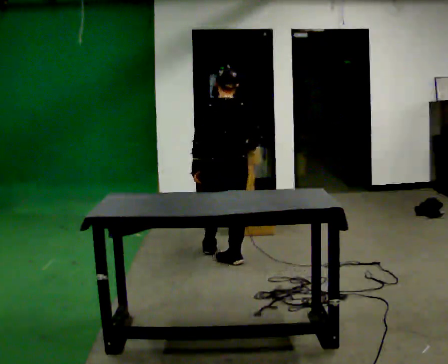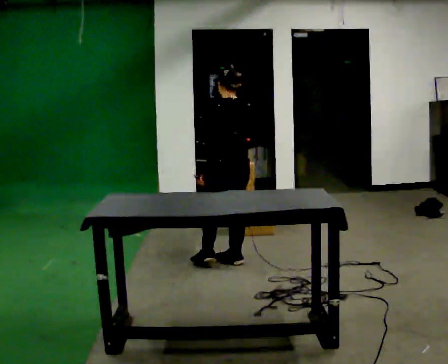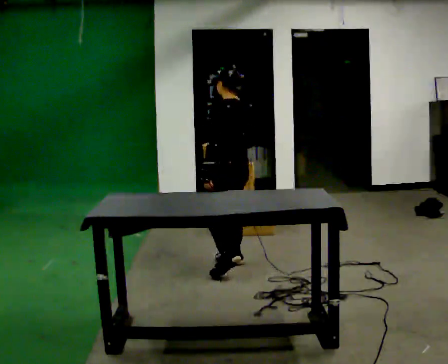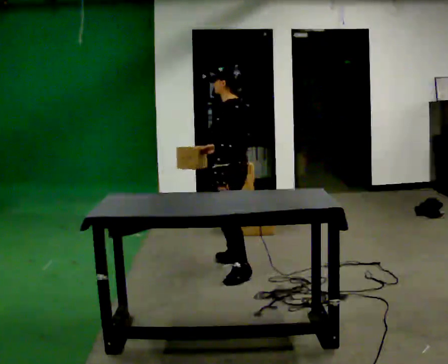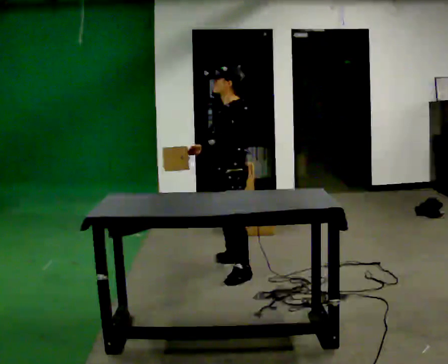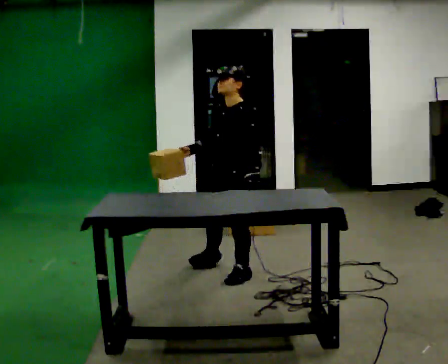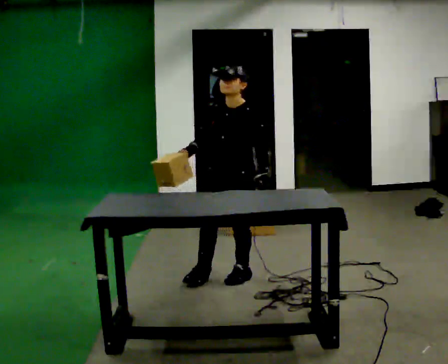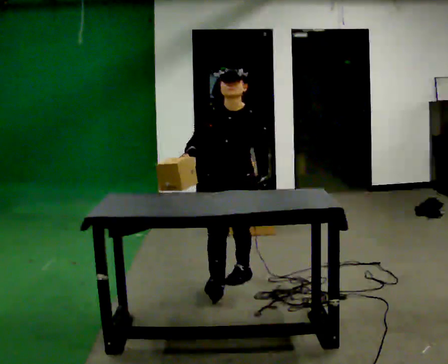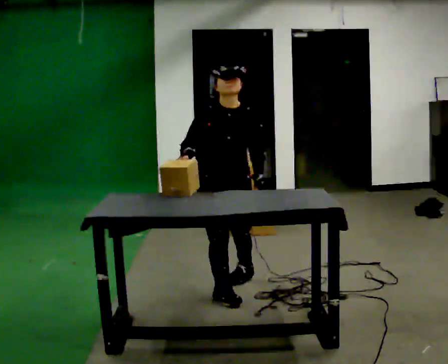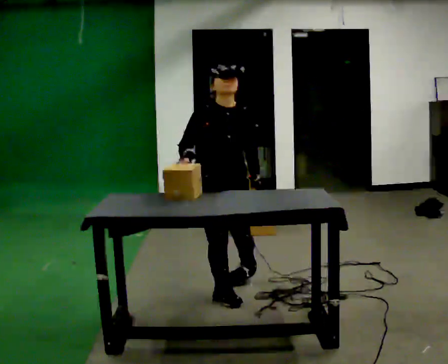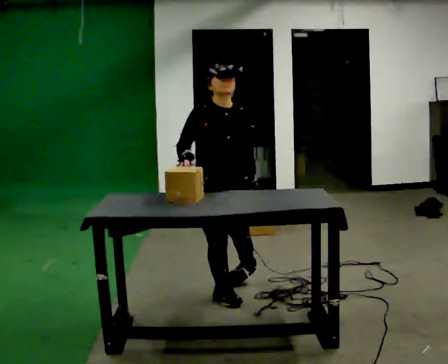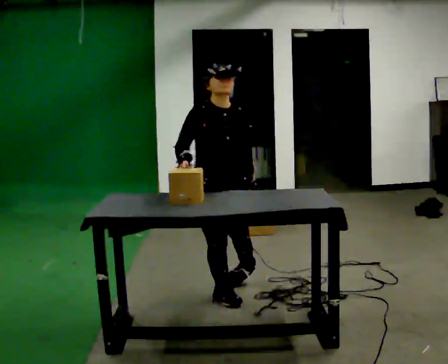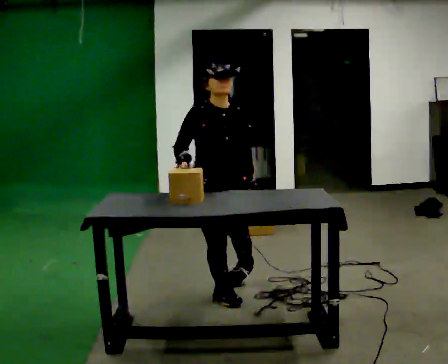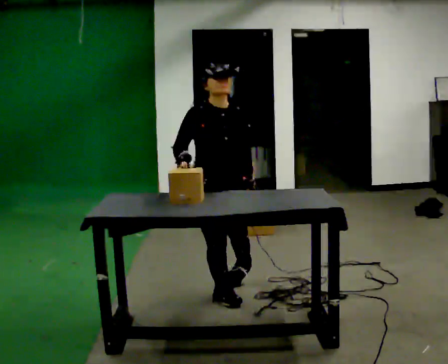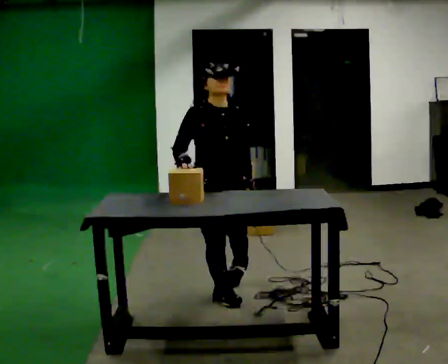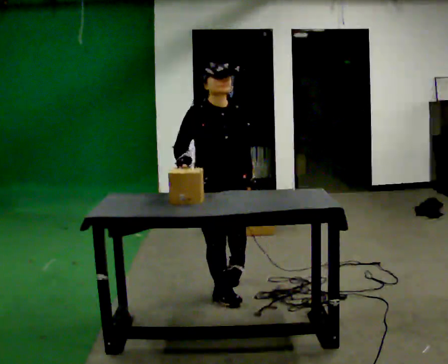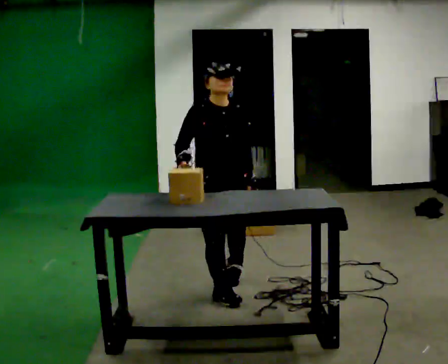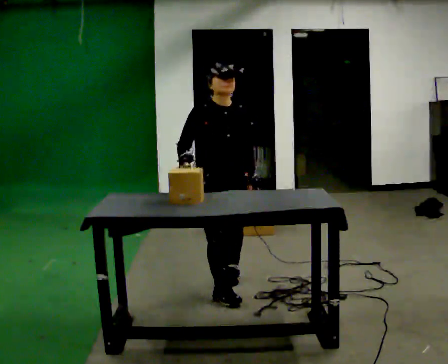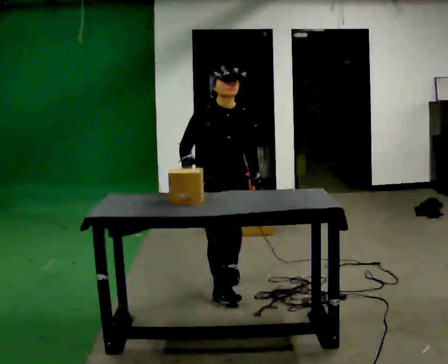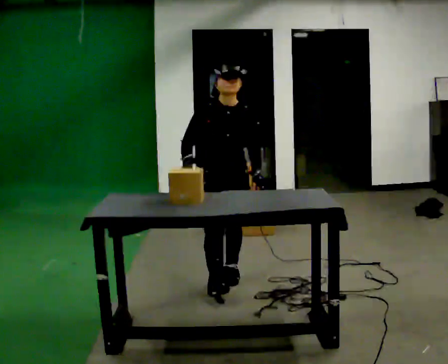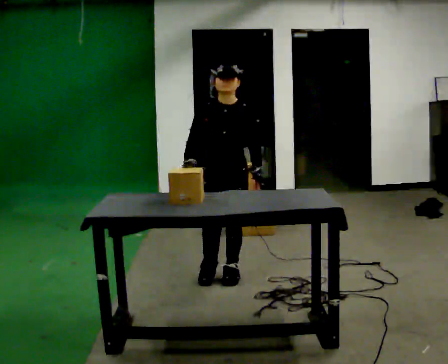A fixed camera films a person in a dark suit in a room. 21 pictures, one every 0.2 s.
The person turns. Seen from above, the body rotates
counterclockwise.
The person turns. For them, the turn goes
to their left.
0.0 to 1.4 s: Seen from above the body turns counterclockwise, about 165 degrees: to their left, with its near side sliding to the right. In the picture they go toward the camera, about 0.5 m in 1 step.
1.4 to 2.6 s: The person turns about 45 degrees to their left, counterclockwise seen from above, so the part of the body nearest the lens slides to the right. In the picture they go toward the camera, about 0.25 m, which for them is forward and to their right.
2.6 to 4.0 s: In the picture they go away from the camera, about 0.5 m in 1 step, which for them is backward and to their left.
The film runs backward here.
